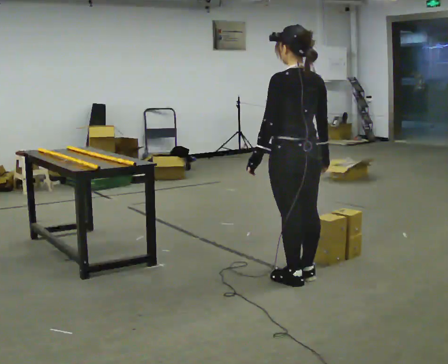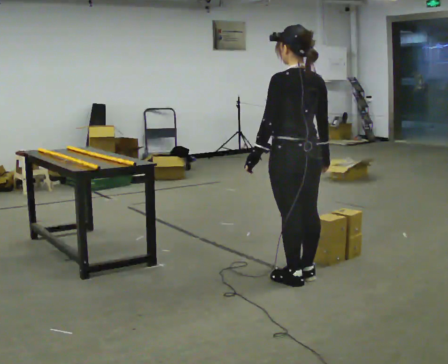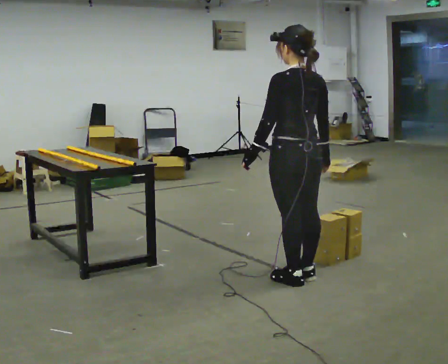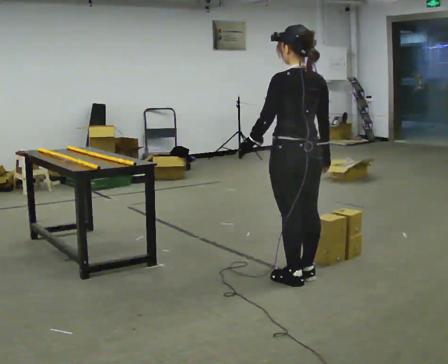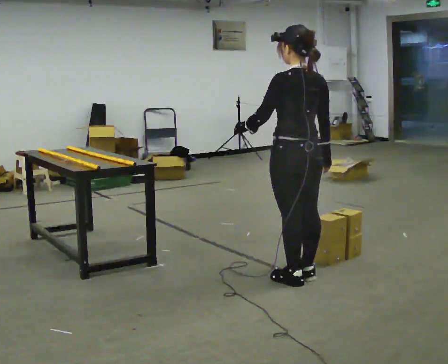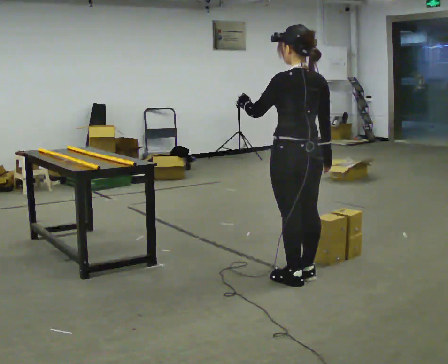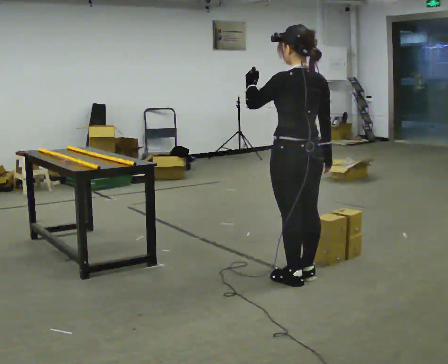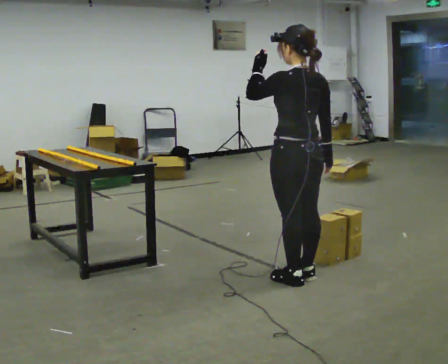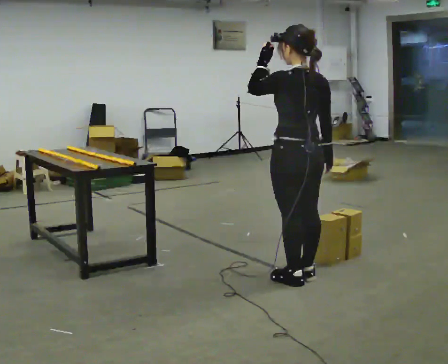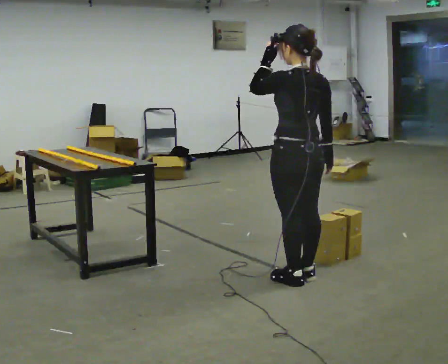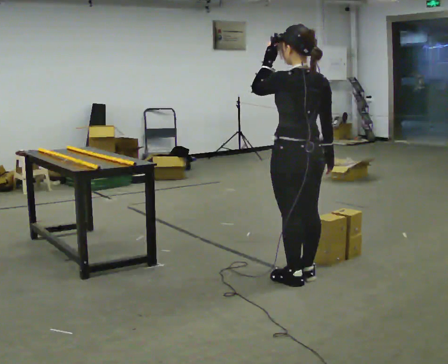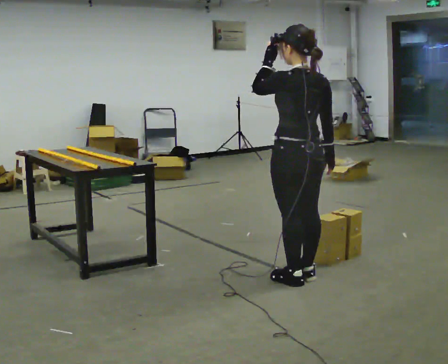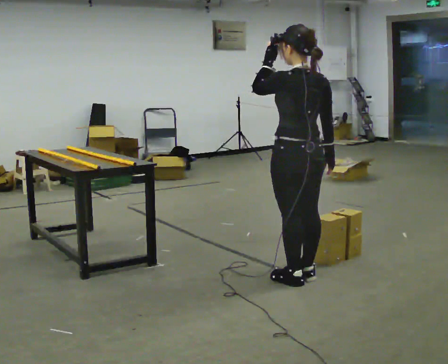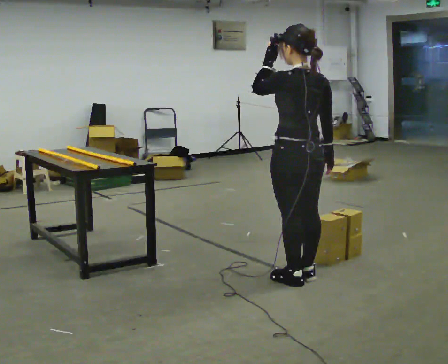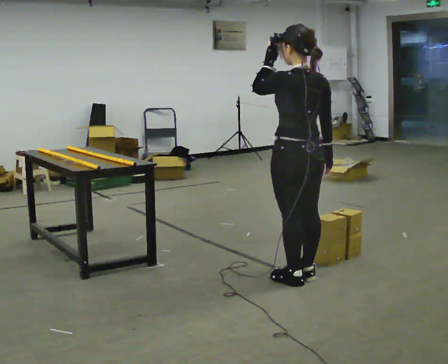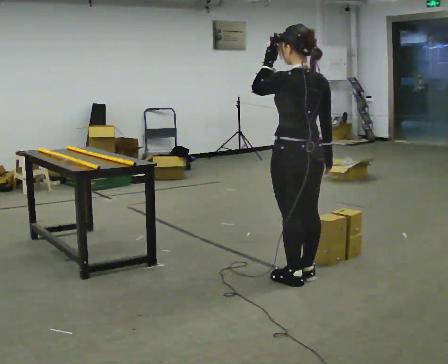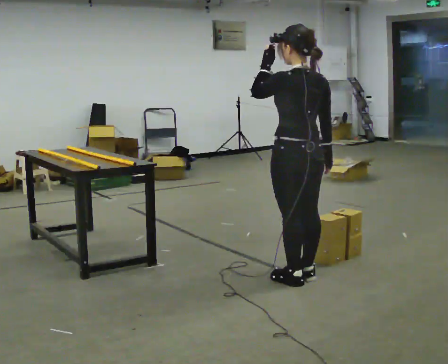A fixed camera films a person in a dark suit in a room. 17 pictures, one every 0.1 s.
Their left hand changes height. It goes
upward.
0.0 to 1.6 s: In the picture their left hand goes upward.
The film runs forward here.
